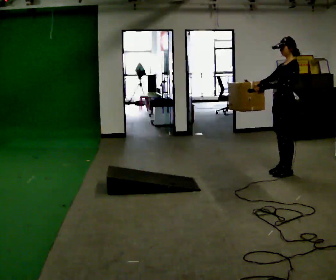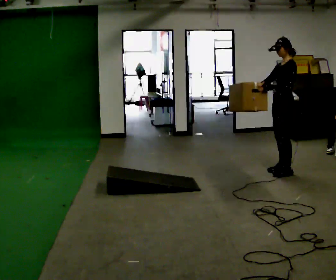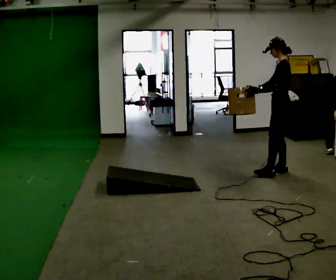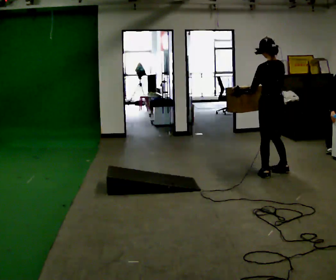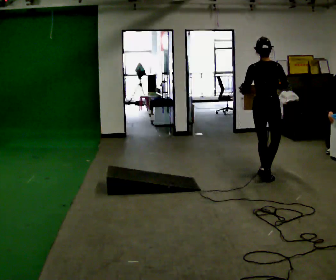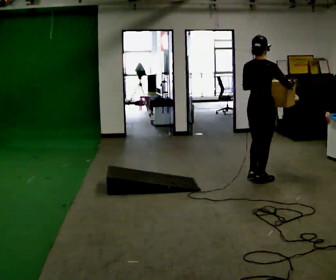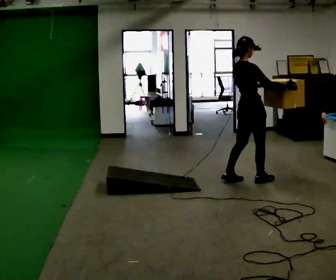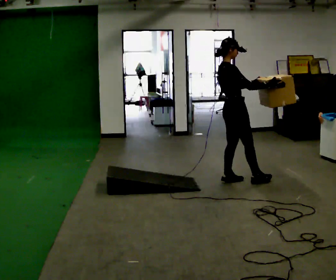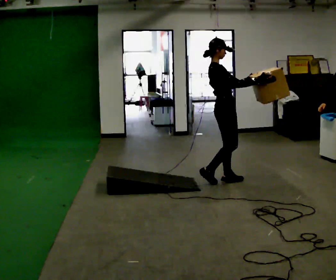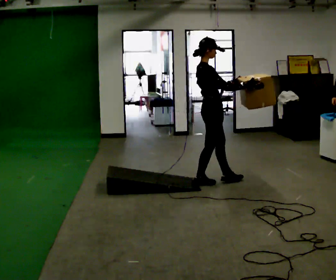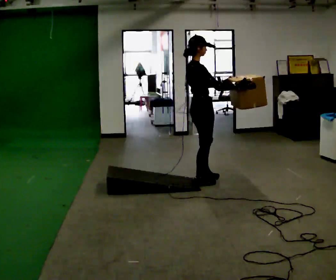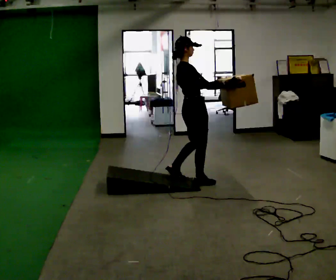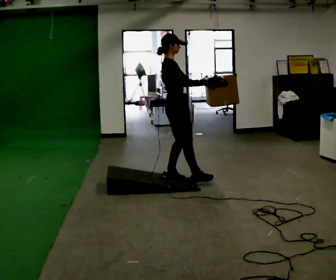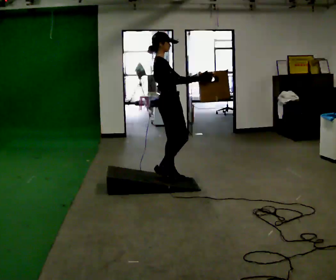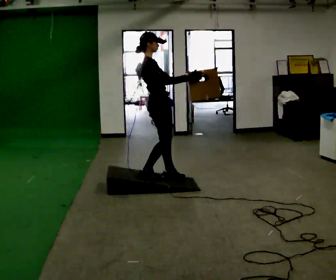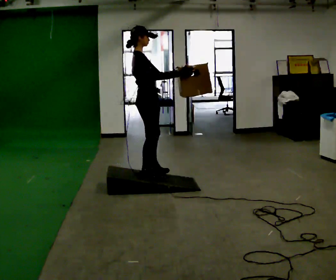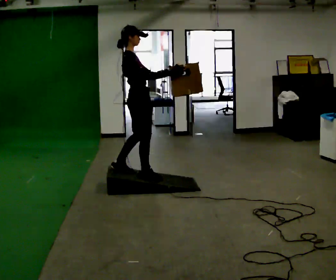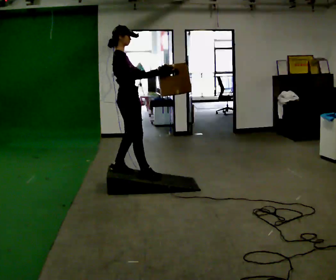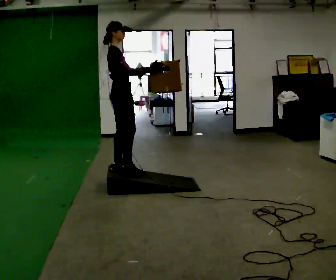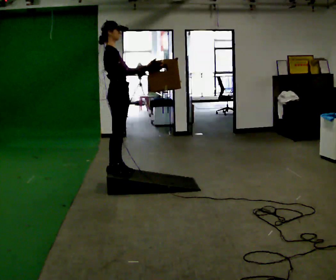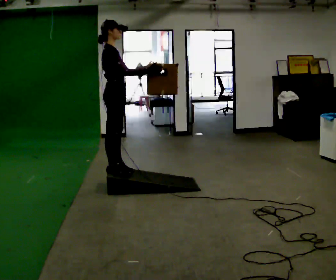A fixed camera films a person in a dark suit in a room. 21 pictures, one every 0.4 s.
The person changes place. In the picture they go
to the left.
0.0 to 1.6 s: The person turns about 120 degrees to their right, clockwise seen from above, so the part of the body nearest the lens slides to the left. In the picture they go to the left and toward the camera, about 0.25 m in 2 steps.
1.6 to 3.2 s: The person turns about 75 degrees to their right, clockwise seen from above, so the part of the body nearest the lens slides to the left. In the picture they go to the left, about 0.5 m in 2 steps.
3.2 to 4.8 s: In the picture they go to the left, about 0.5 m in 2 steps, which for them is backward.
4.8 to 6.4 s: In the picture they go to the left and toward the camera, about 0.5 m in 1 step, which for them is backward.
6.4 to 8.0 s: In the picture they go to the left, about 0.25 m in 1 step, which for them is backward.
The film runs backward here.
